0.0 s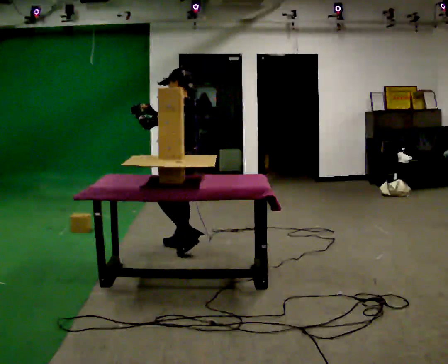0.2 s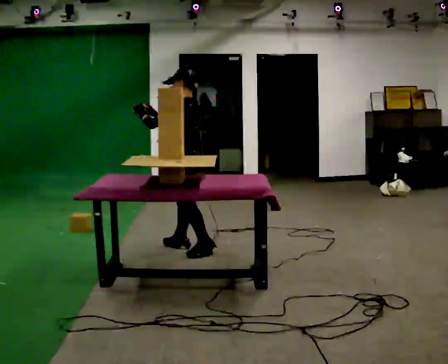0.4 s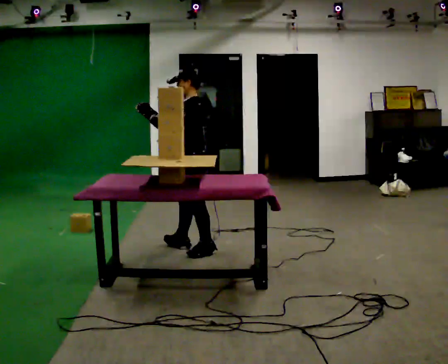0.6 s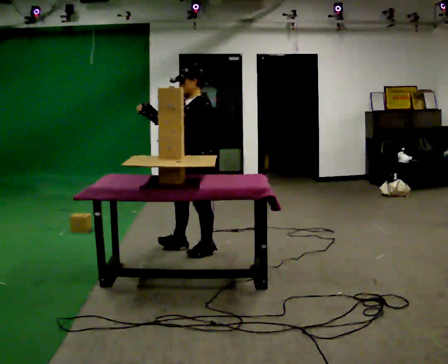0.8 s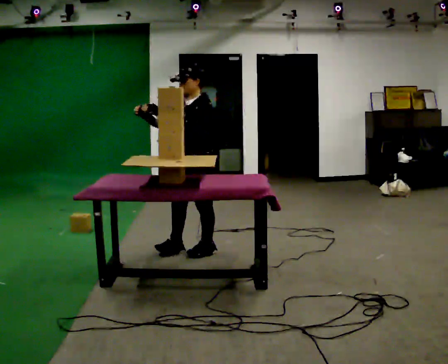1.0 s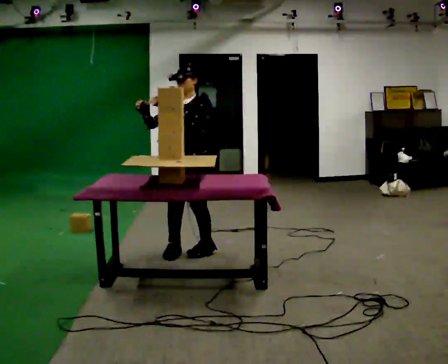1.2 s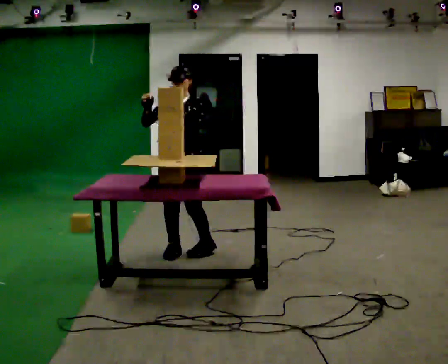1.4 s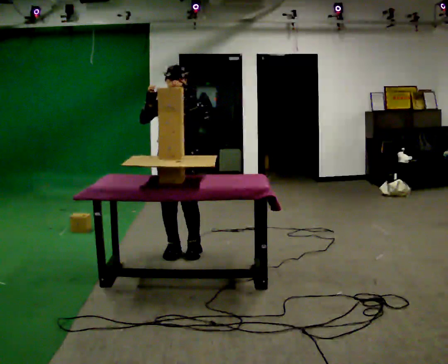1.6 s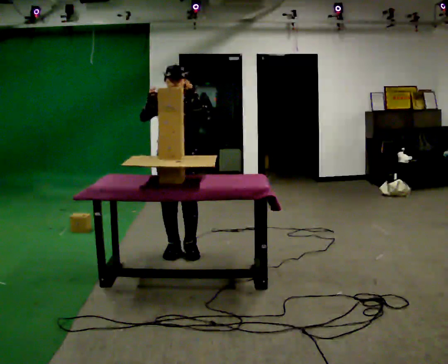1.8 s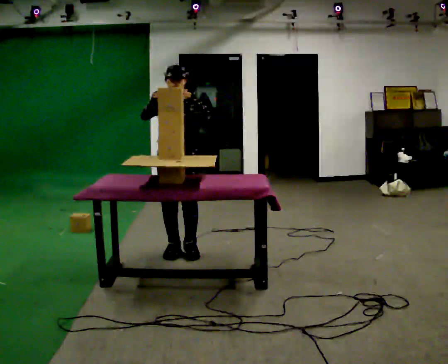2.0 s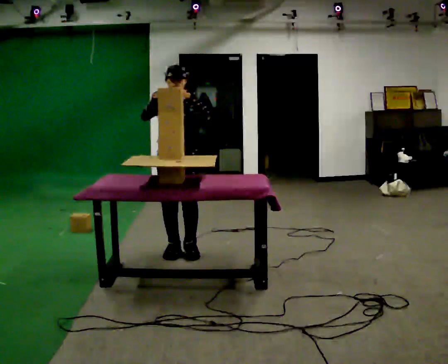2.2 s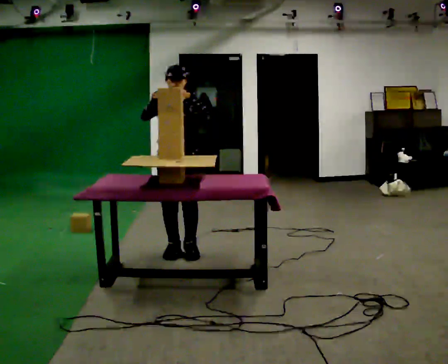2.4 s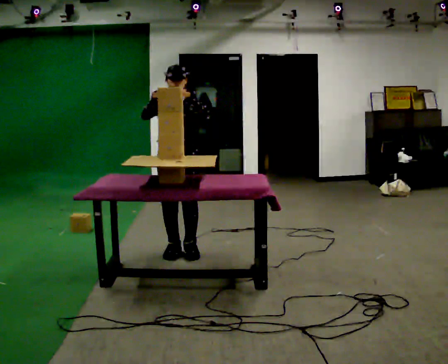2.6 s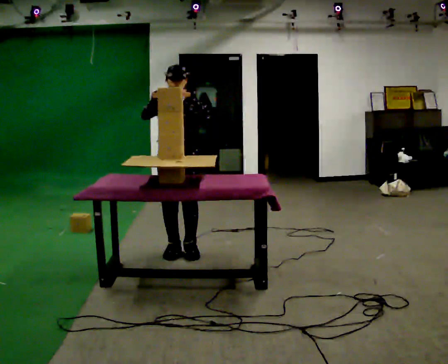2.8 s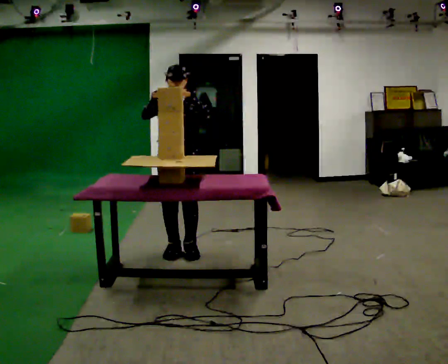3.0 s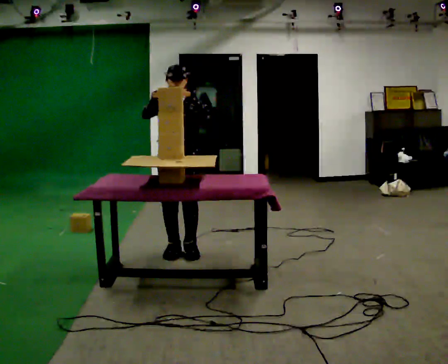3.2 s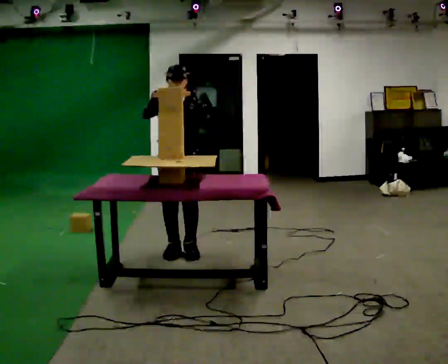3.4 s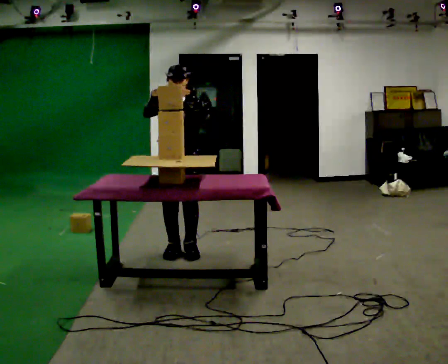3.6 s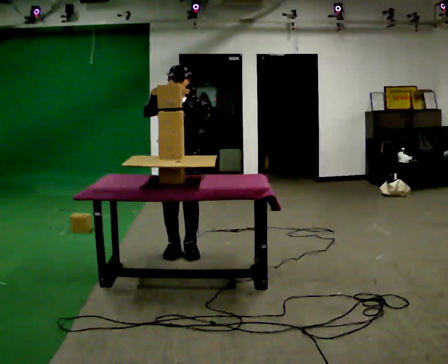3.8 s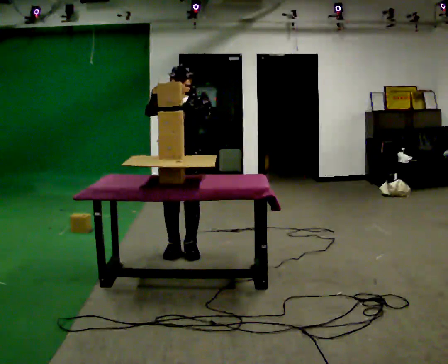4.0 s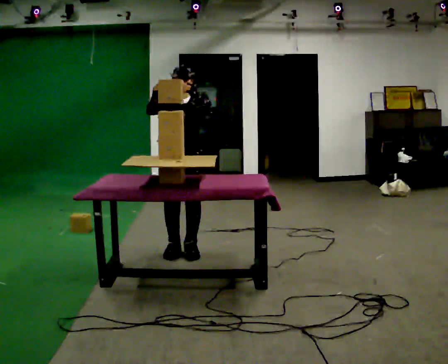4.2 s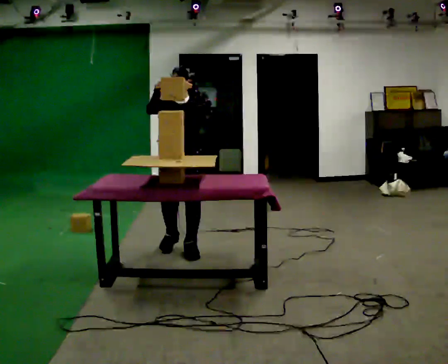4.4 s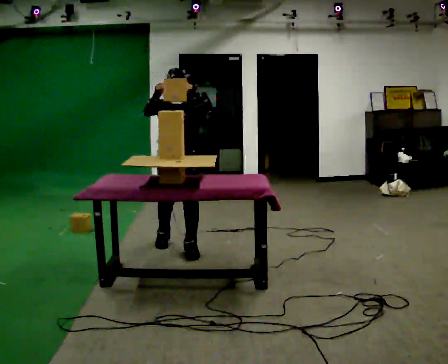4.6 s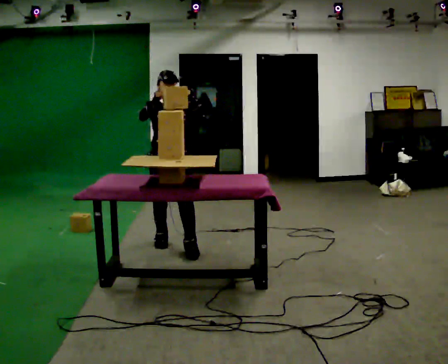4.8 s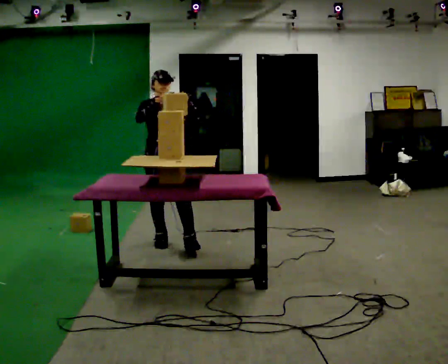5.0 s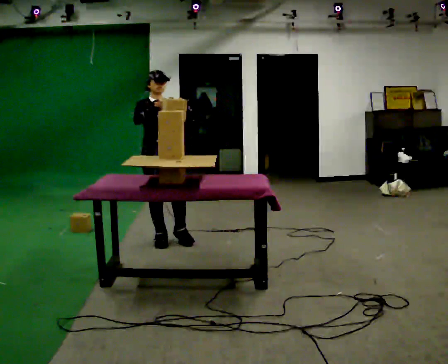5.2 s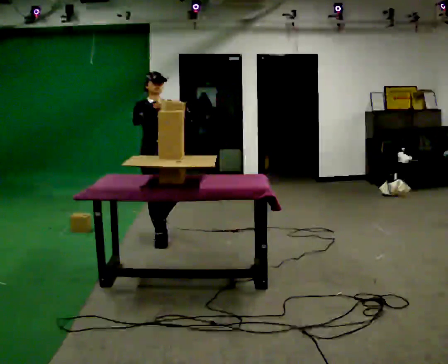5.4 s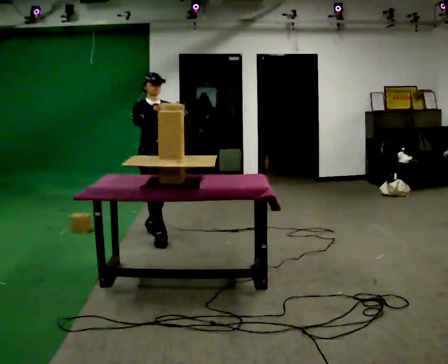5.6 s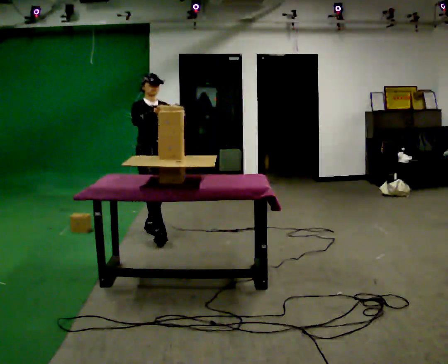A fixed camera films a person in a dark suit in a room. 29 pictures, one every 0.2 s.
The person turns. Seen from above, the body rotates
counterclockwise.
The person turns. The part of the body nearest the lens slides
to the right.
0.0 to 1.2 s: The part of the body nearest the lens slides to the right as the person turns to their left by about 90 degrees. In the picture they go toward the camera, about 0.25 m in 1 step.
1.2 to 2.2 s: The person moves a little, or ends about where they began.
2.2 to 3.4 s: The person keeps their place and pose.
3.4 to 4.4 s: The person moves a little, or ends about where they began.
4.4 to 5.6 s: The person turns about 30 degrees to their left, counterclockwise seen from above, so the part of the body nearest the lens slides to the right. In the picture they go away from the camera and to the left, about 0.5 m in 1 step, which for them is backward.
The film runs backward here.
